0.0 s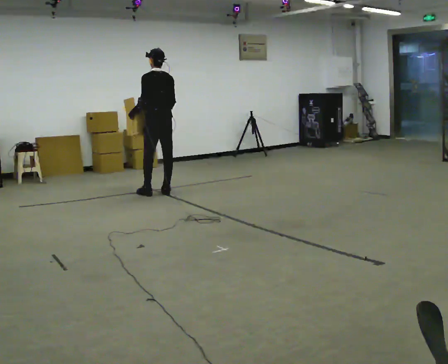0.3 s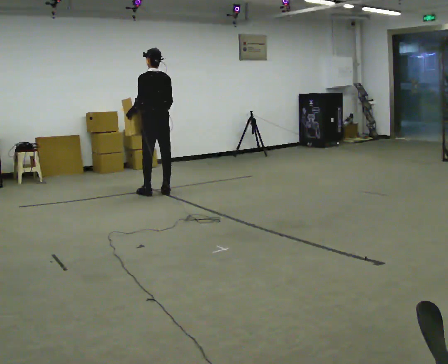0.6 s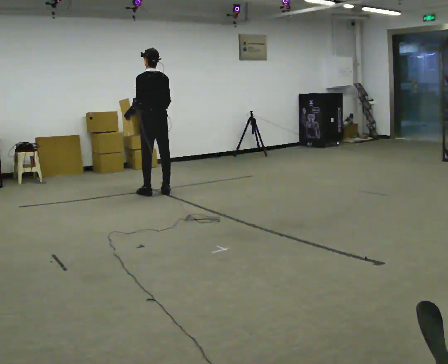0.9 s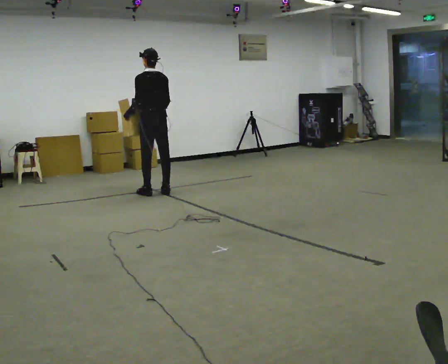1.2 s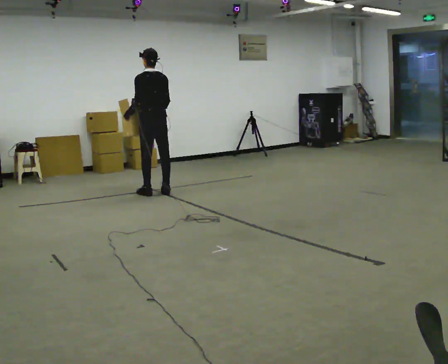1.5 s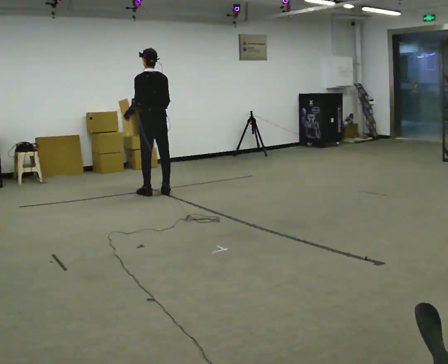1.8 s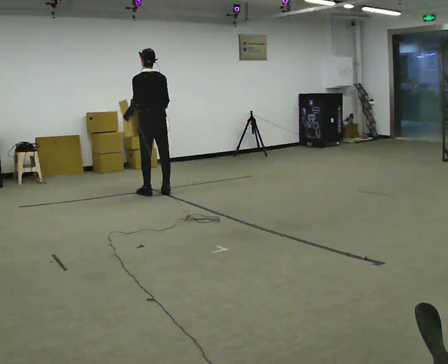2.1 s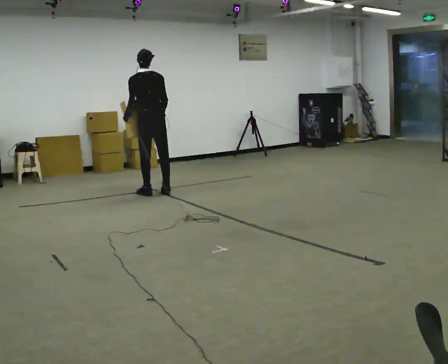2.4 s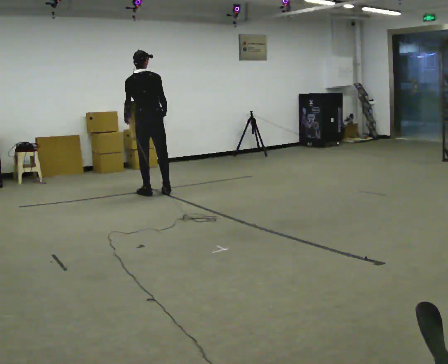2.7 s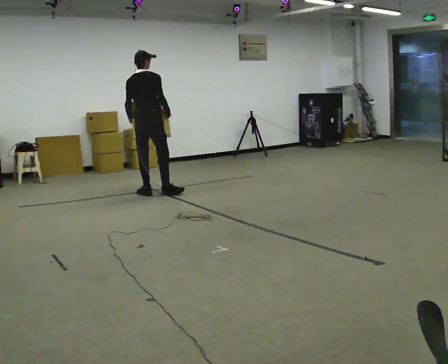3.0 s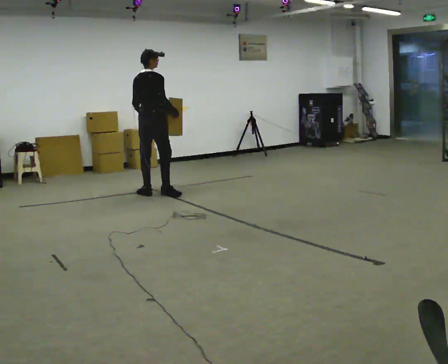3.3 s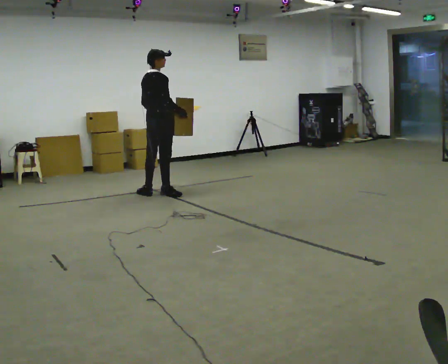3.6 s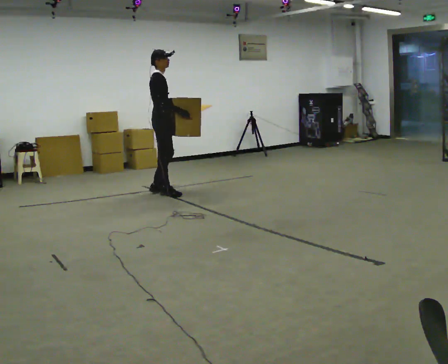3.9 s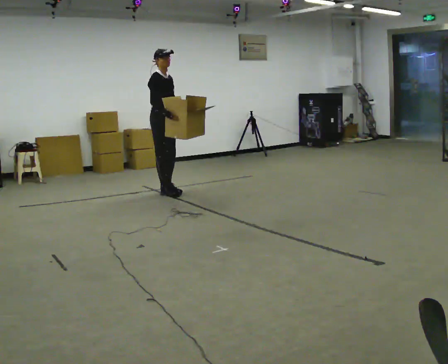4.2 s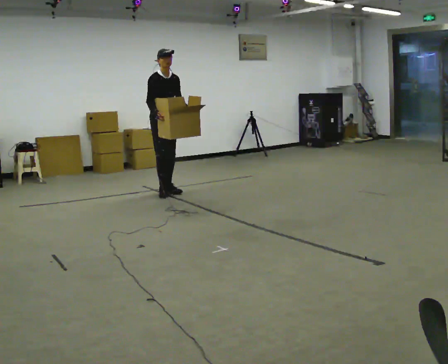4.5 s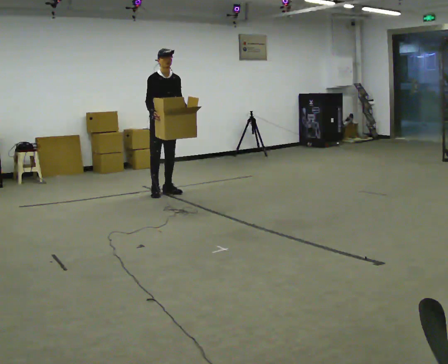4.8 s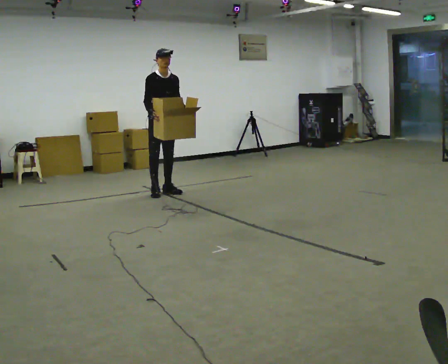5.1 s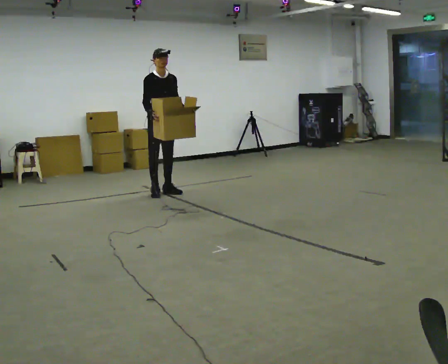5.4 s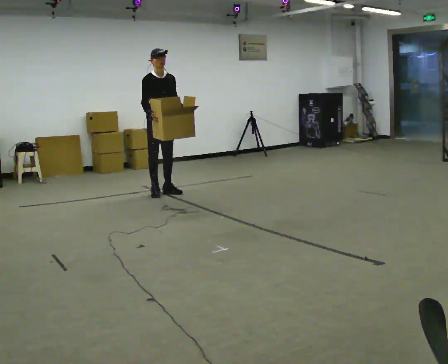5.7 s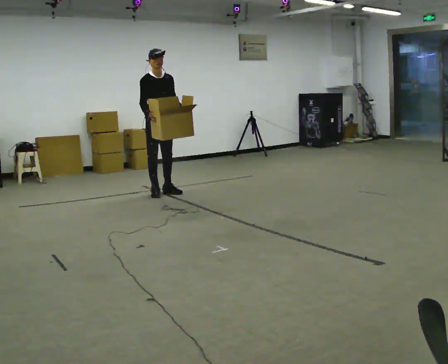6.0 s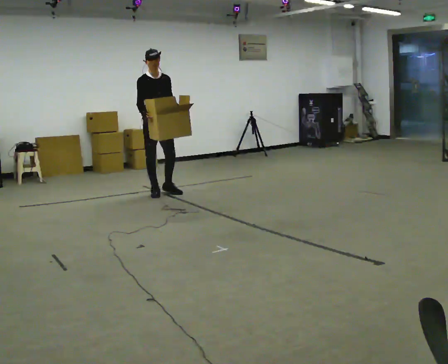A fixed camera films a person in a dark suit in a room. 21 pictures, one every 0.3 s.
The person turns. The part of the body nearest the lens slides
to the left.
Their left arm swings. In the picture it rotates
counterclockwise.
0.0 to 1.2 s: The person moves a little, or ends about where they began.
1.2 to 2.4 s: The person turns about 30 degrees to their right, clockwise seen from above, so the part of the body nearest the lens slides to the left.
2.4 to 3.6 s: The person turns about 90 degrees to their right, clockwise seen from above, so the part of the body nearest the lens slides to the left.
3.6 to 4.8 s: The person turns about 60 degrees to their right, clockwise seen from above, so the part of the body nearest the lens slides to the left. In the picture their right hand goes to the left, the arm swinging clockwise.
4.8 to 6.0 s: The person moves a little, or ends about where they began.
The film runs forward here.
